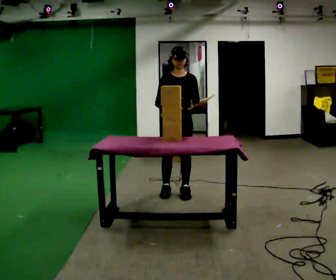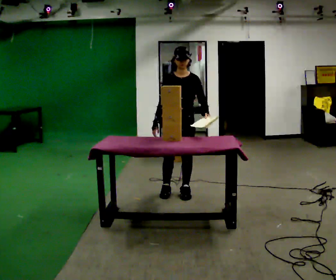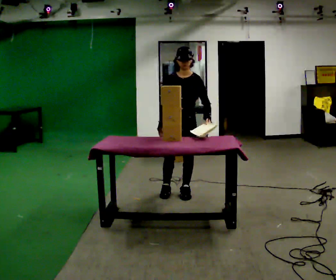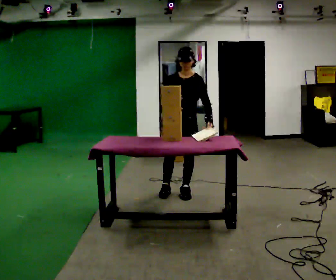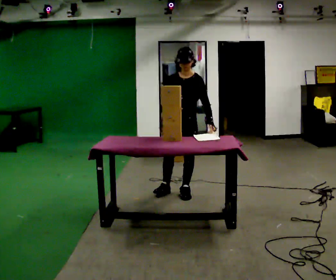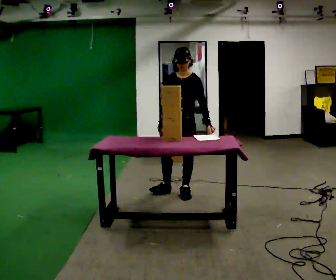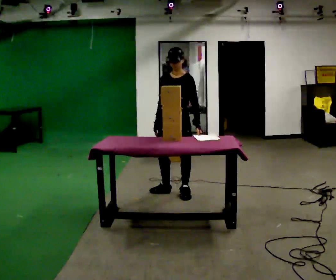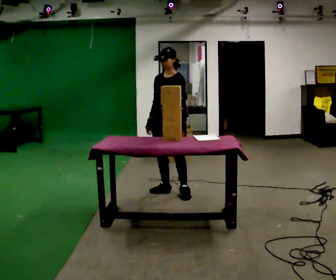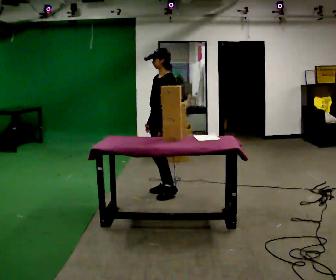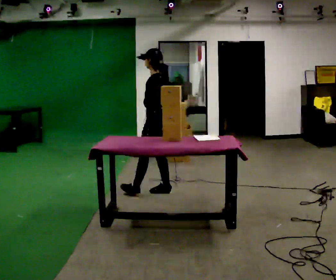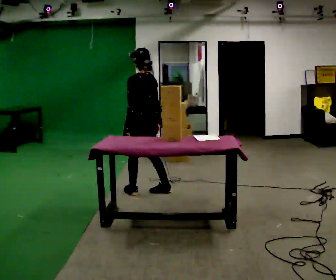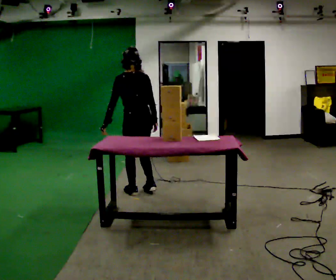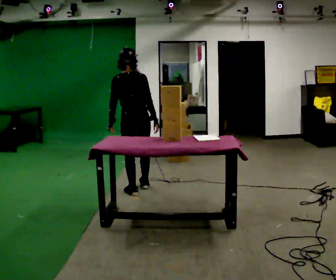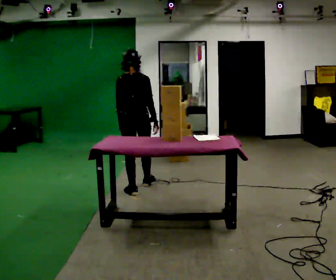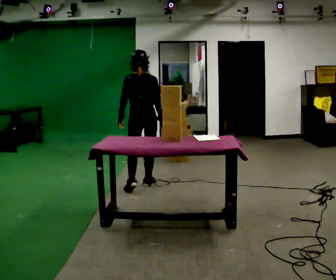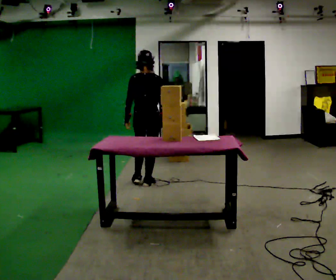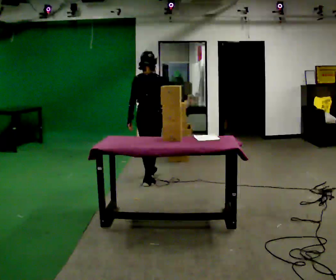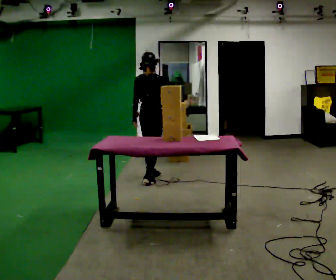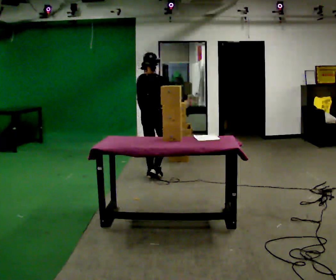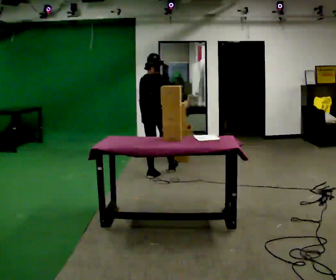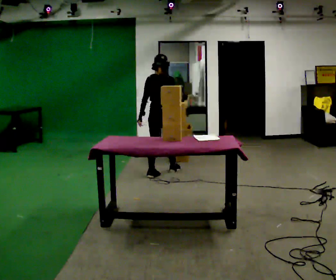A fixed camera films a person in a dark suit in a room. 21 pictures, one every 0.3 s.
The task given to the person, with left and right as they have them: 1. Read the list the operator gives you. 2. Collect the six items on the list from the shelves. 3. Put them all in the bin on the table. 4. Tell the operator when you are finished.
0.0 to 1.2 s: The person moves a little, or ends about where they began.
1.2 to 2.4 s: The part of the body nearest the lens slides to the left as the person turns to their right by about 60 degrees. In the picture they go to the left, about 0.25 m, which for them is to their right. In the picture their left hand goes to the left.
2.4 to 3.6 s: Seen from above the body turns clockwise, about 105 degrees: to their right, with its near side sliding to the left. In the picture they go to the left, about 0.25 m in 1 step.
3.6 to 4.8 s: In the picture they go away from the camera, about 0.5 m in 2 steps, which for them is forward.
4.8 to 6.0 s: In the picture they go away from the camera, about 0.5 m in 1 step, which for them is forward.
The film runs forward here.
